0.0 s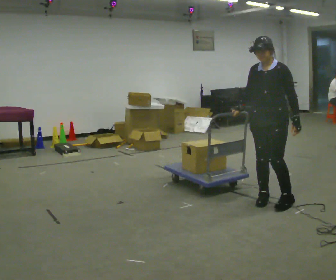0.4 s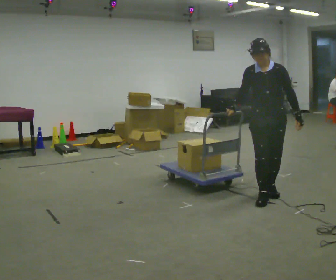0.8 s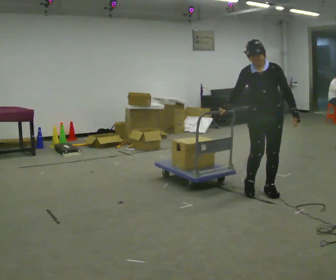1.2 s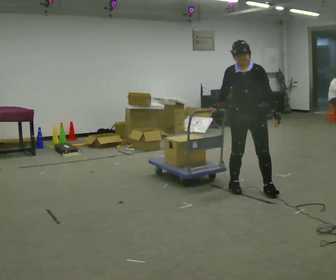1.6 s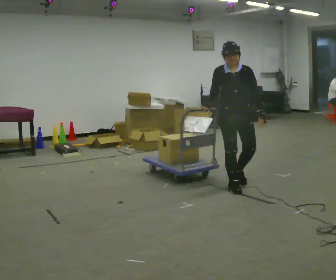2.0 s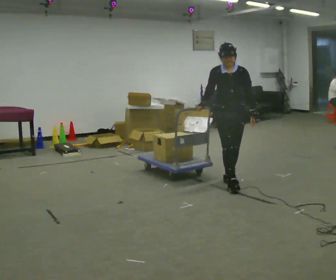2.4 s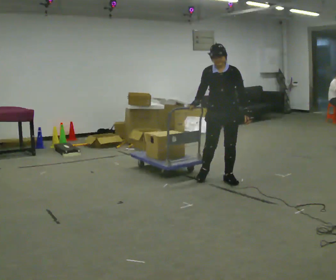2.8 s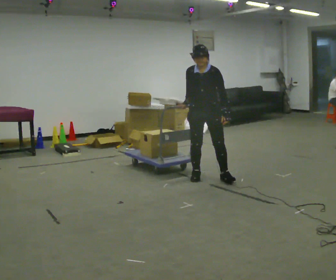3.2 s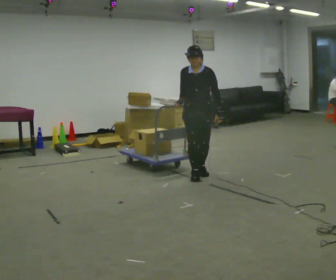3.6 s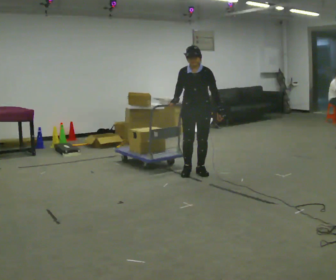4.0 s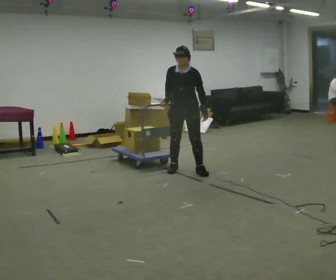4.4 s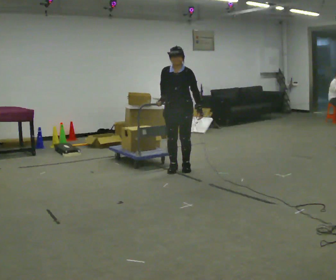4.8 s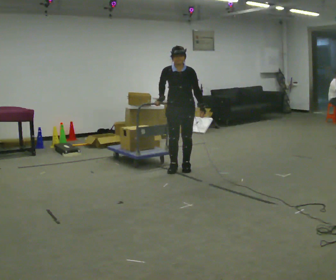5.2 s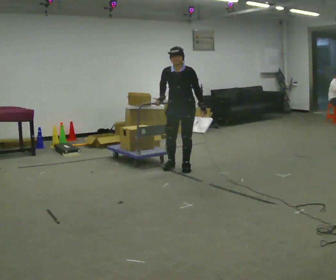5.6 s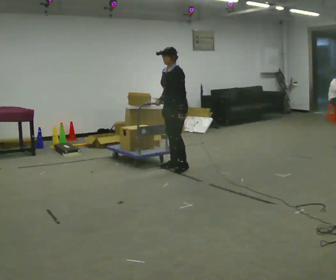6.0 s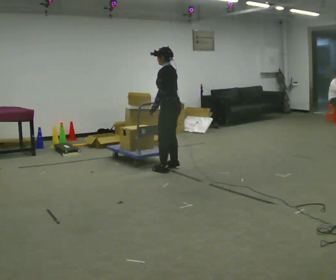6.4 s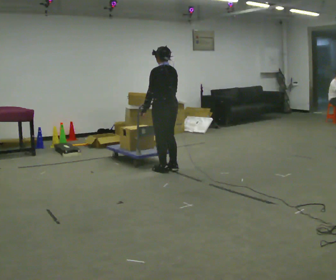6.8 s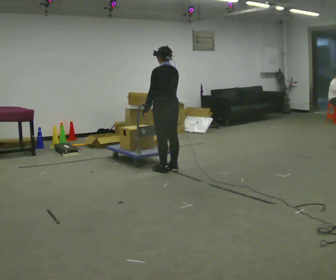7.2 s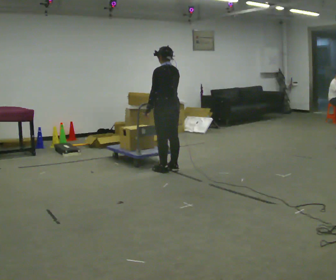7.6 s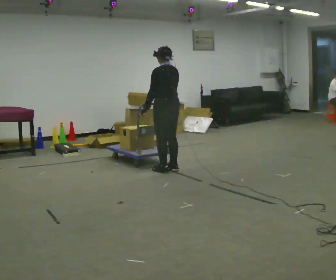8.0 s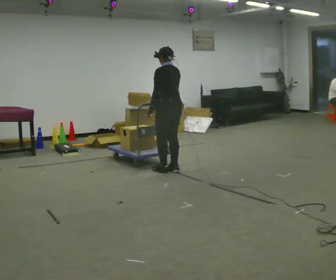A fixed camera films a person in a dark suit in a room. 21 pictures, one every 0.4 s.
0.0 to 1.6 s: Seen from above the body turns counterclockwise, about 45 degrees: to their left, with its near side sliding to the right. In the picture they go away from the camera and to the left, about 0.5 m in 2 steps, which for them is backward and to their right.
1.6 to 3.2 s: In the picture they go away from the camera and to the left, about 0.75 m in 2 steps, which for them is backward and to their right.
3.2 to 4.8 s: In the picture they go away from the camera and to the left, about 0.5 m in 2 steps, which for them is to their right and backward.
4.8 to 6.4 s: Seen from above the body turns clockwise, about 135 degrees: to their right, with its near side sliding to the left. In the picture they go to the left, about 0.25 m in 2 steps. In the picture their left hand goes to the left, the arm swinging clockwise.
6.4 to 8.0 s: The person moves a little, or ends about where they began.
The film runs backward here.
